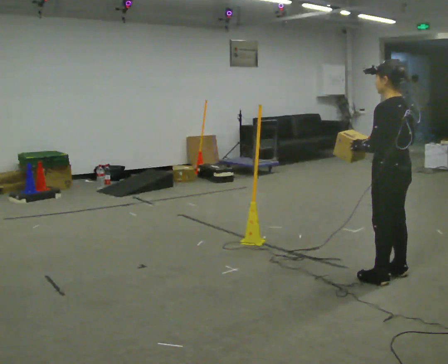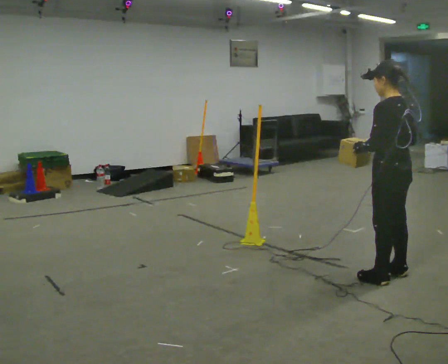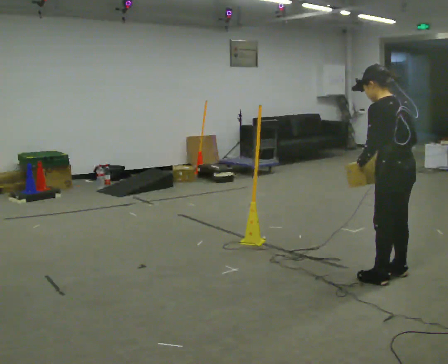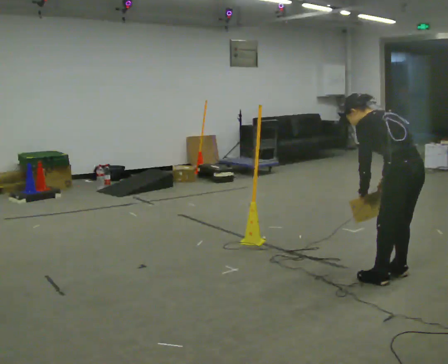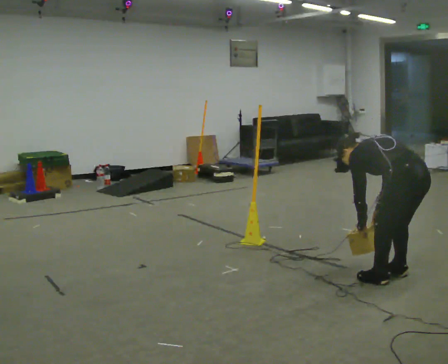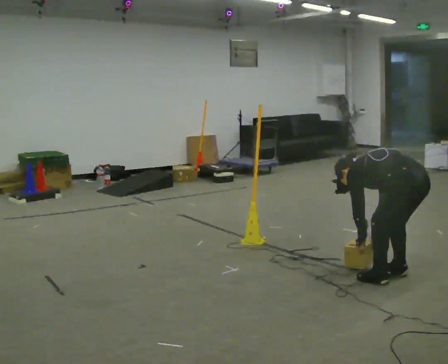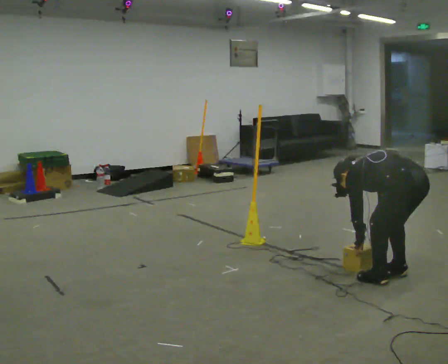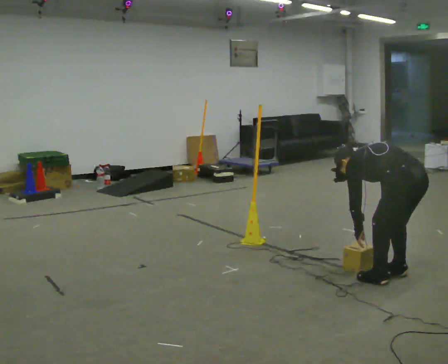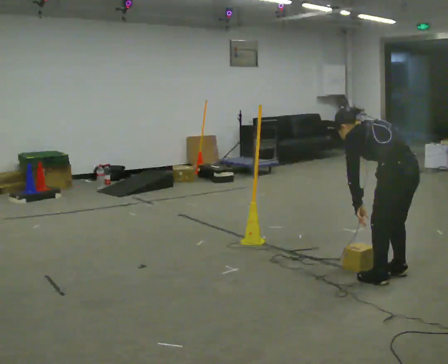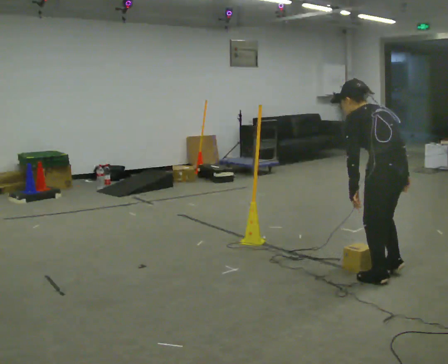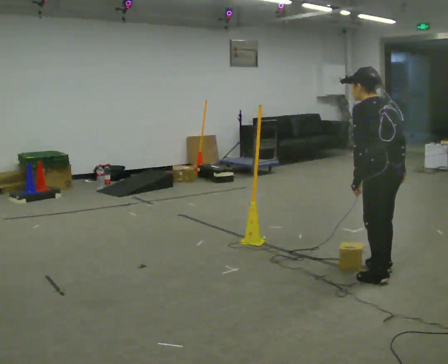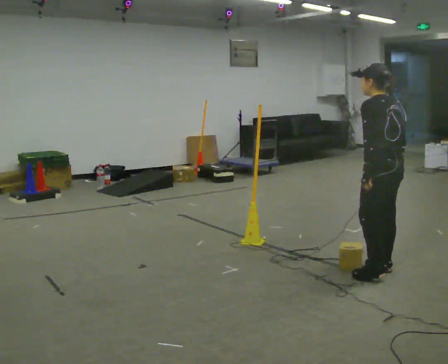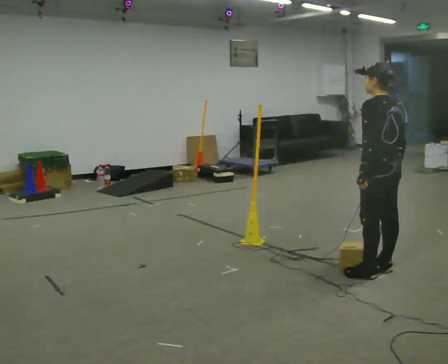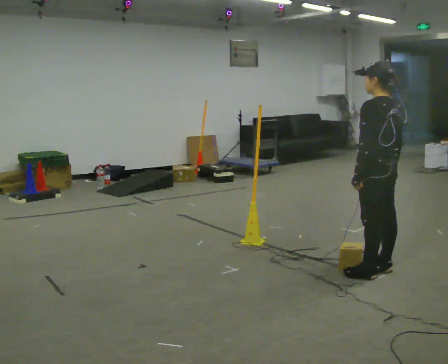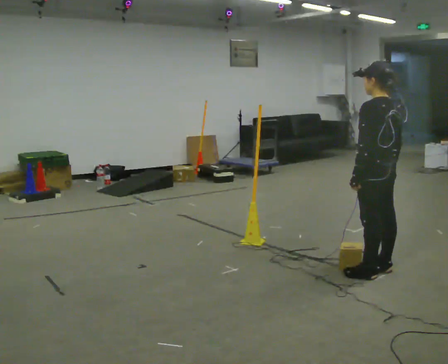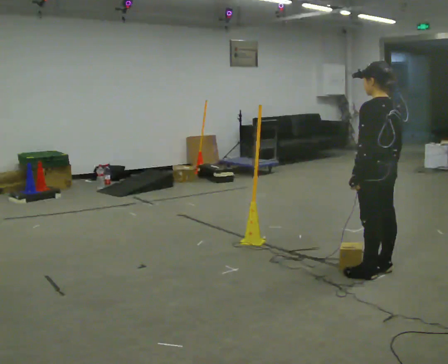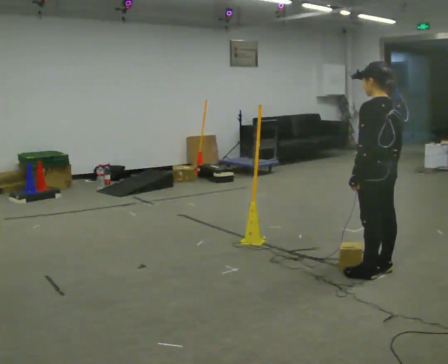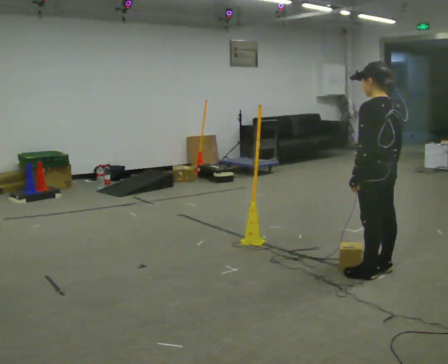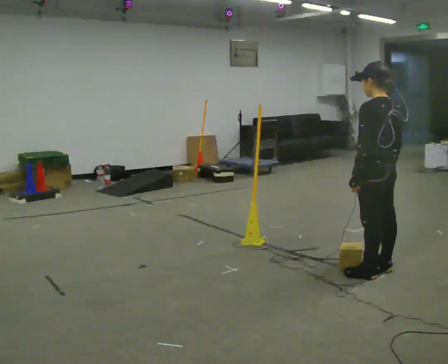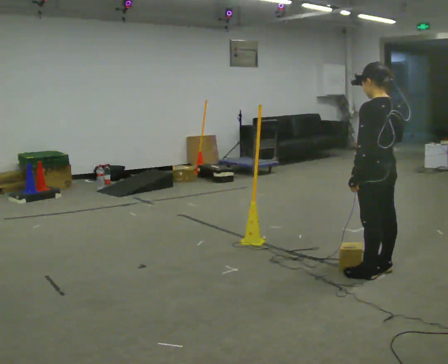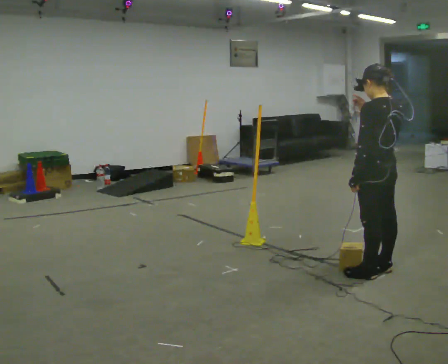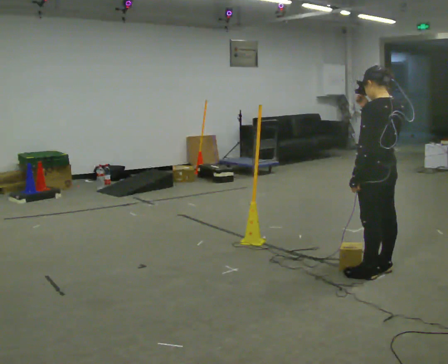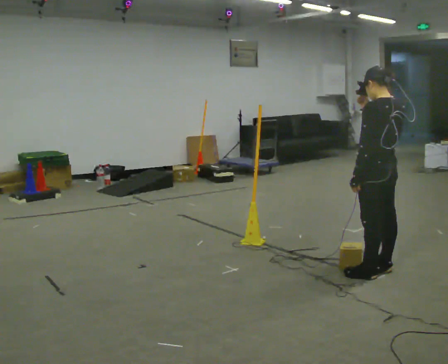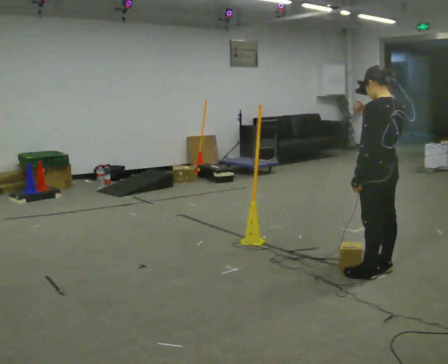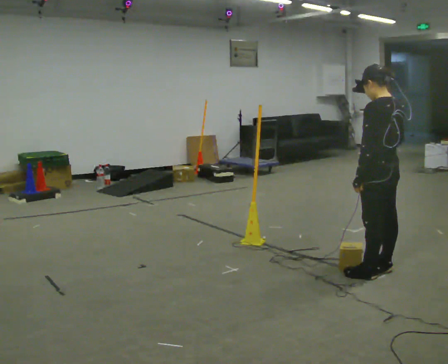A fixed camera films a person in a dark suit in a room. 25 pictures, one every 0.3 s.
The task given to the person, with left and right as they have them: Carry the box across the room. The operator will step into your path partway across, so go around them and carry on. Keep going until the operator says stop; one object at a time, and do not rush between trips.
0.0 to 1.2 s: The shoulders move downward. The upper body tips away from the camera, its near side rolling upward, as they bend forward. In the picture their right hand goes downward.
1.2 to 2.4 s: The person moves a little, or ends about where they began.
2.4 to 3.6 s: In the picture they go away from the camera, about 0.25 m, which for them is forward. In the picture the upper body tilts clockwise, shoulders to the right, as they lean back or straighten.
3.6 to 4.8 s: The person moves a little, or ends about where they began.
4.8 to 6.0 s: In the picture their right hand goes upward.
6.0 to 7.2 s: In the picture their right hand goes downward.
The film runs forward here.
